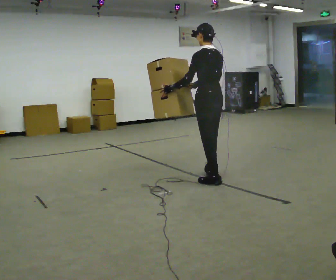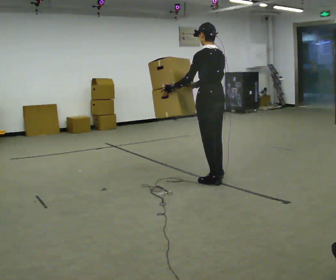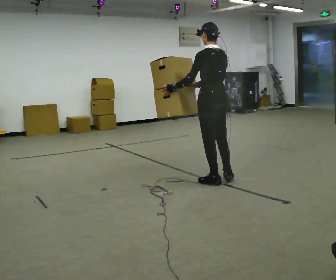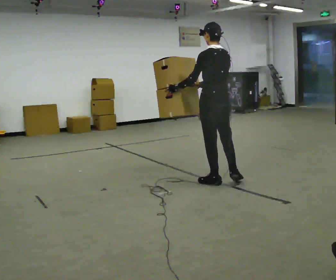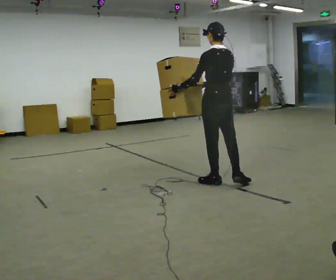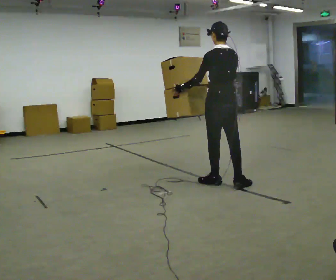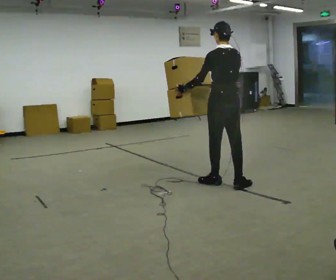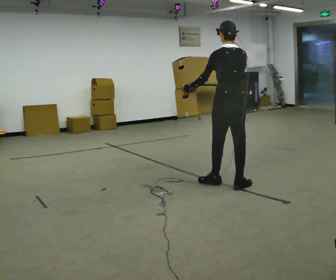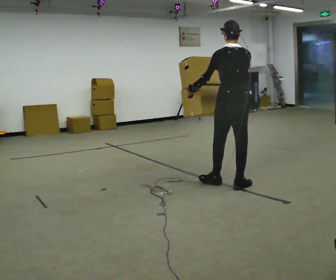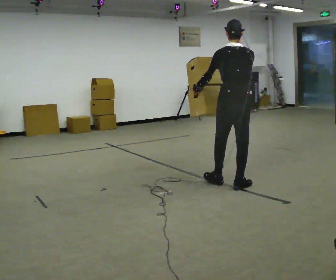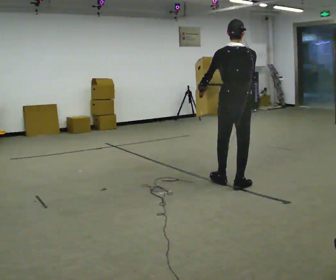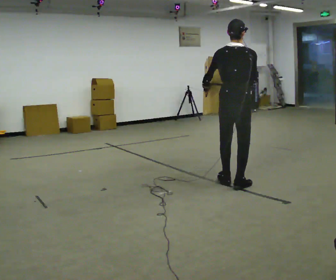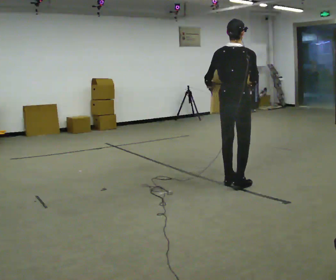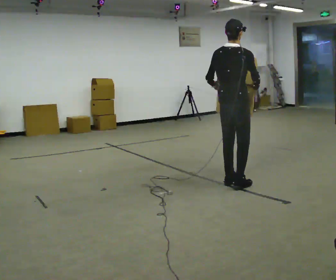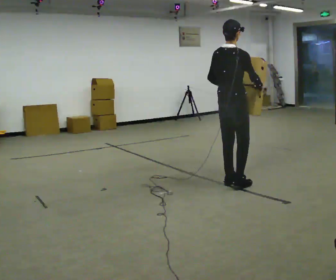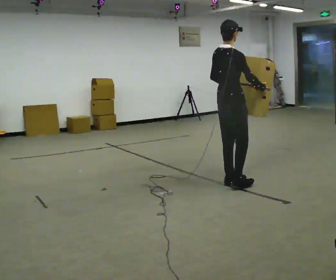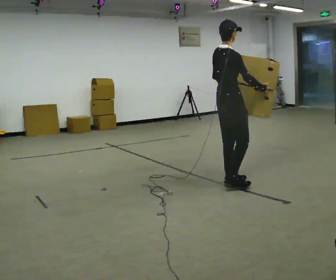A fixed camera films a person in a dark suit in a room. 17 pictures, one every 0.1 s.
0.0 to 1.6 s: The part of the body nearest the lens slides to the left as the person turns to their right by about 105 degrees. In the picture they go to the right, about 0.25 m in 1 step. In the picture their left hand goes to the right.
The film runs backward here.
